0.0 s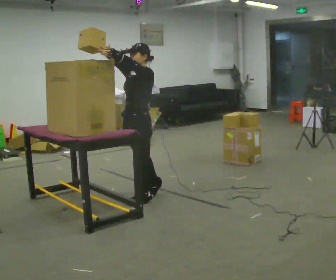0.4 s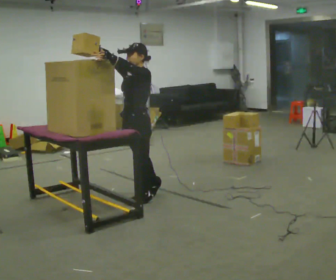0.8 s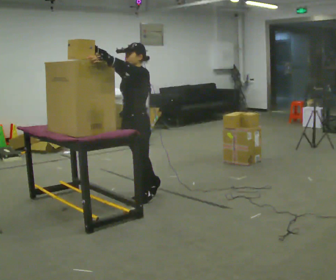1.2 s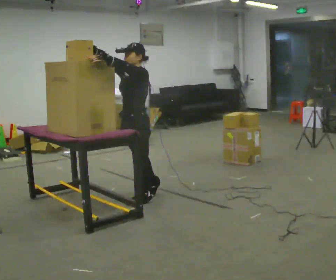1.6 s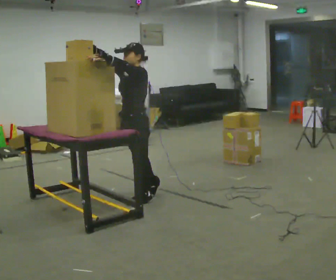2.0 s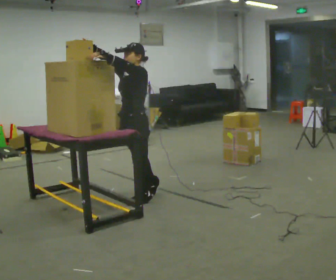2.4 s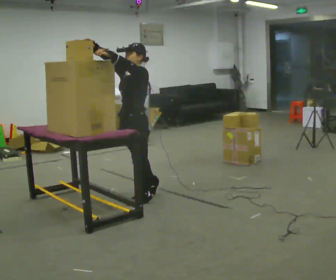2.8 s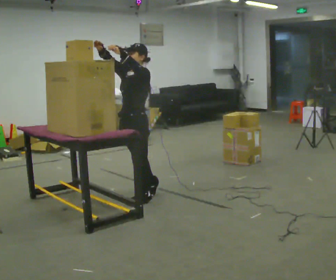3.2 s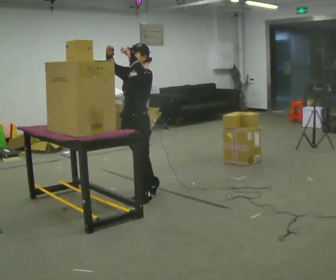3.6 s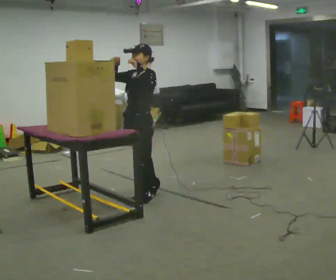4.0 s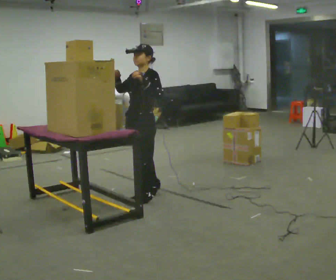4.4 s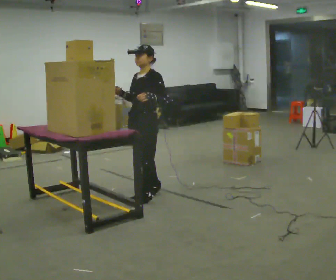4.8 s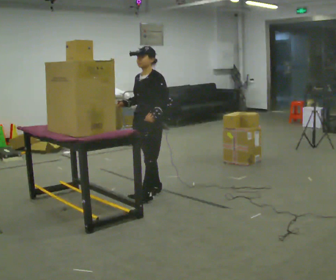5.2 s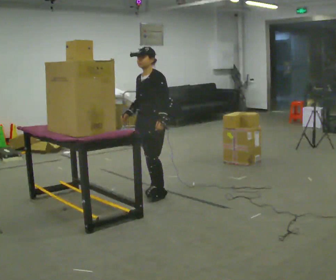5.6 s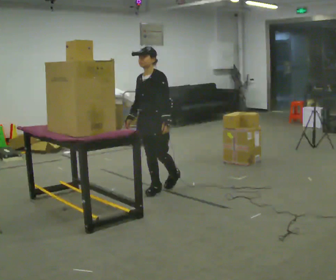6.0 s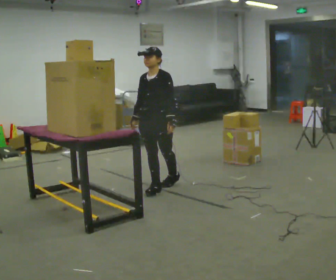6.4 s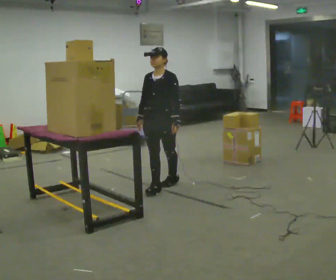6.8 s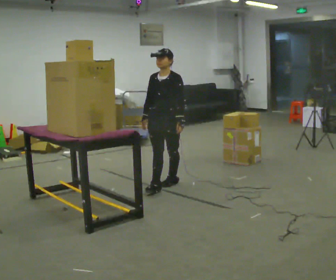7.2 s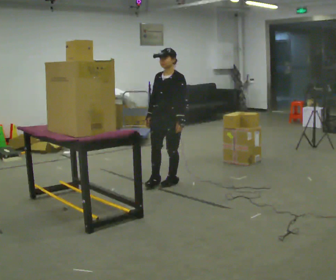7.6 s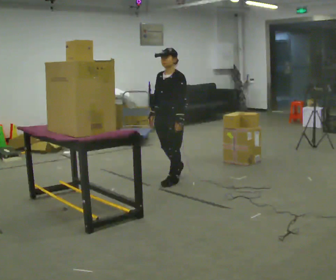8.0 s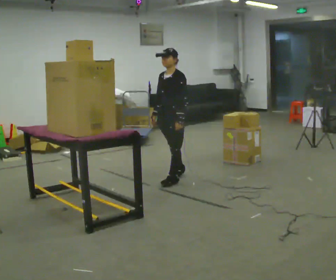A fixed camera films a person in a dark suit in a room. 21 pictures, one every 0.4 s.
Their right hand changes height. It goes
downward.
Their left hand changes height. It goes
downward.
0.0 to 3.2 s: The person moves a little, or ends about where they began.
3.2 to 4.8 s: In the picture they go away from the camera, about 0.25 m, which for them is backward. In the picture their left hand goes downward.
4.8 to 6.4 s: In the picture they go away from the camera, about 0.25 m in 1 step, which for them is backward.
6.4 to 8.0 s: In the picture they go away from the camera and to the right, about 0.25 m in 1 step, which for them is backward.
The film runs backward here.
